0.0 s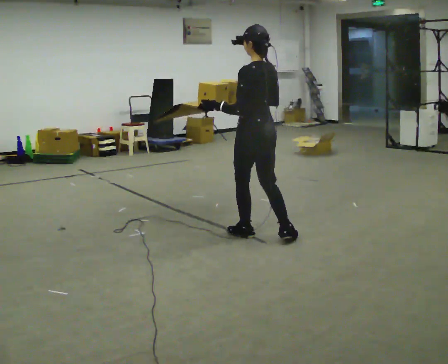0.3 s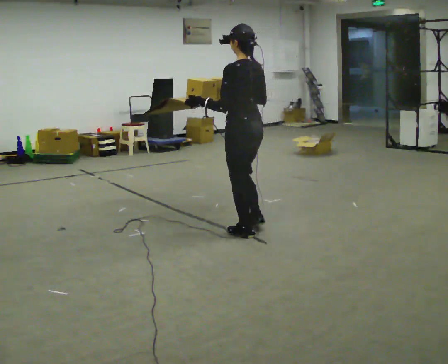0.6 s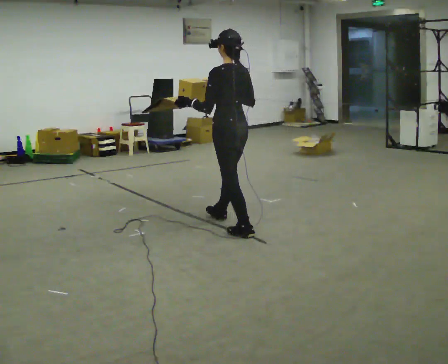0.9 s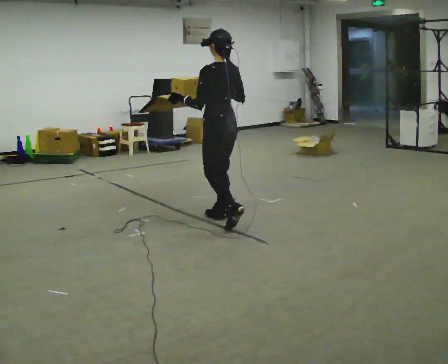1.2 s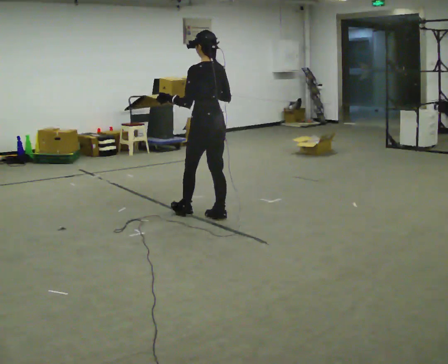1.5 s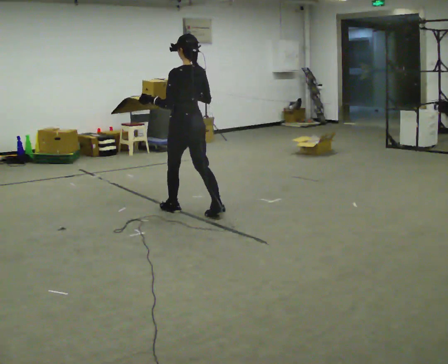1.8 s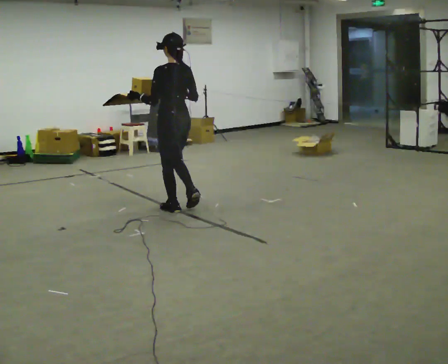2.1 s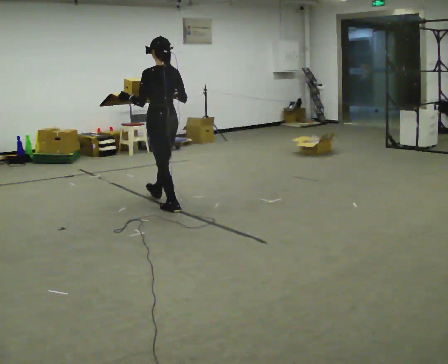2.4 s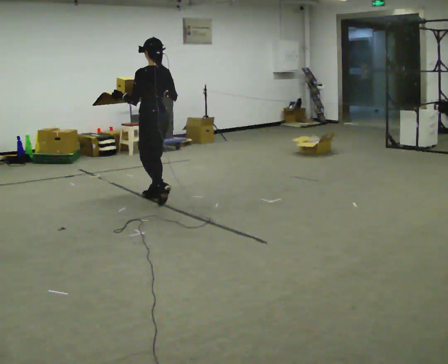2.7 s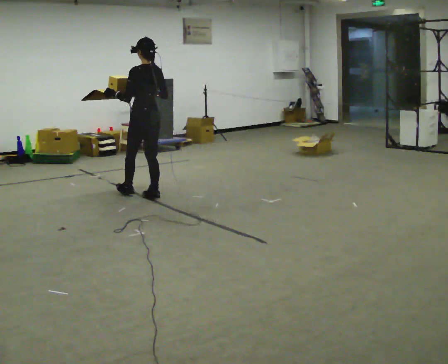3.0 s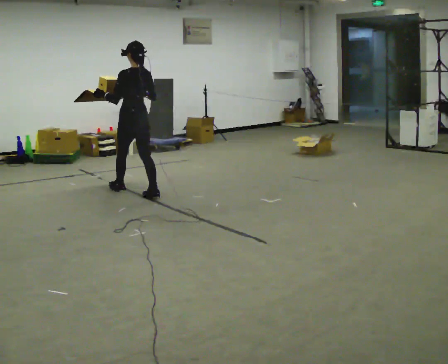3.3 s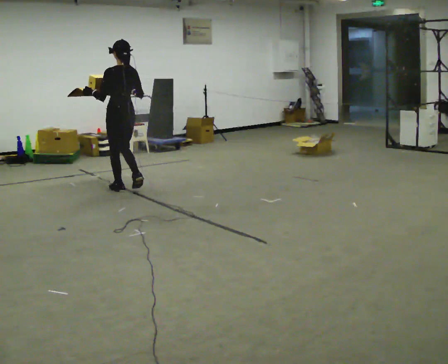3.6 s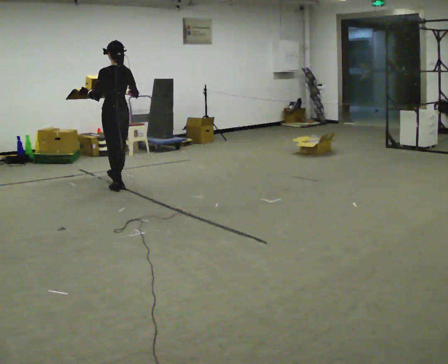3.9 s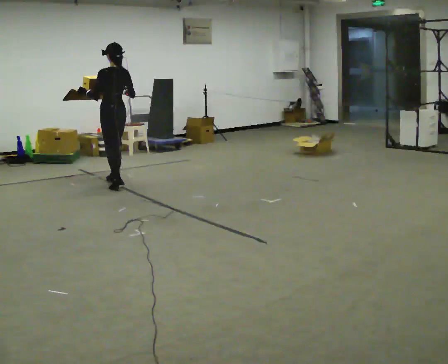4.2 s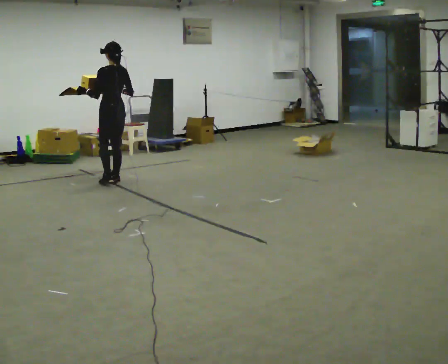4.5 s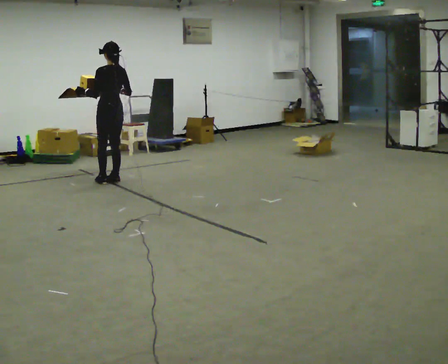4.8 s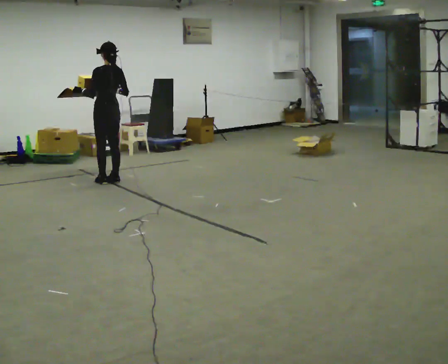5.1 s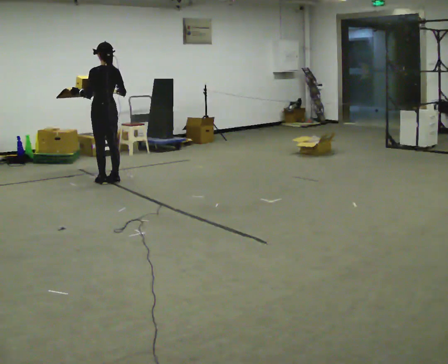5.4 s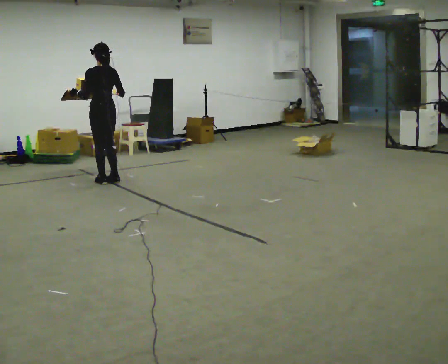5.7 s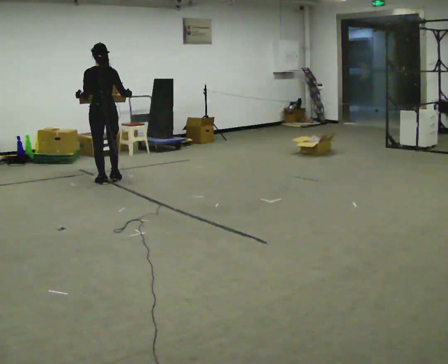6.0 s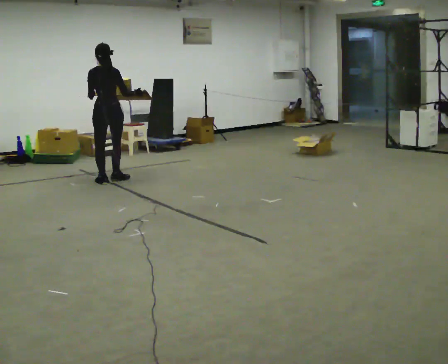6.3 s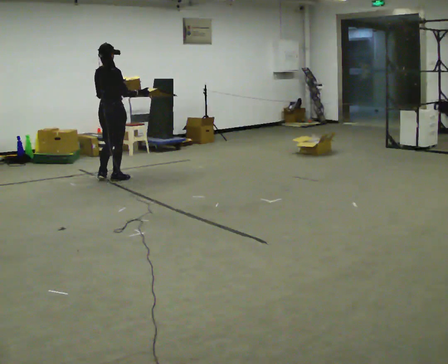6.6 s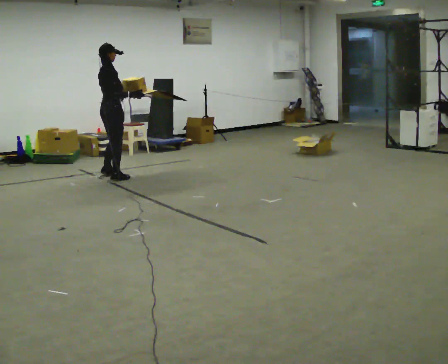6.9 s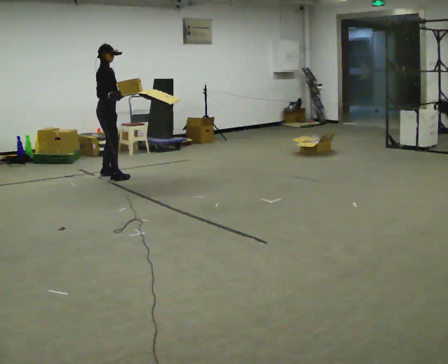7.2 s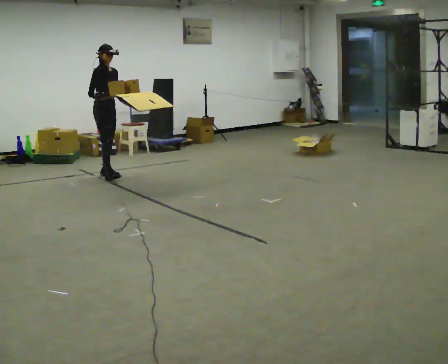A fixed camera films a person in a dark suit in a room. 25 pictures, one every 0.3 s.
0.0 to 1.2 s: In the picture they go away from the camera, about 0.75 m in 1 step, which for them is forward.
1.2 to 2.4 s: In the picture they go away from the camera and to the left, about 1 m in 2 steps, which for them is forward.
2.4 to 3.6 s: In the picture they go away from the camera and to the left, about 0.75 m in 1 step, which for them is forward.
3.6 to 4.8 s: In the picture they go away from the camera, about 0.25 m in 2 steps, which for them is forward.
4.8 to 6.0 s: The person turns about 45 degrees to their right, clockwise seen from above, so the part of the body nearest the lens slides to the left.
6.0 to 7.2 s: The person turns about 120 degrees to their right, clockwise seen from above, so the part of the body nearest the lens slides to the left. In the picture they go away from the camera, about 0.25 m in 1 step.
The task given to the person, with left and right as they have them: Carry the open tray of loose items across the room, back and forth, trying not to let anything fall out.
The film runs forward here.
